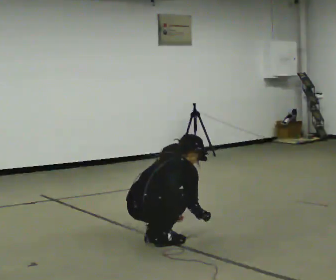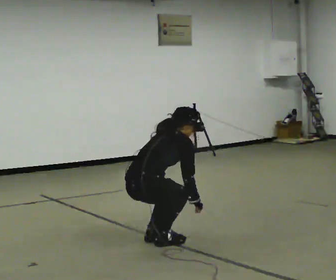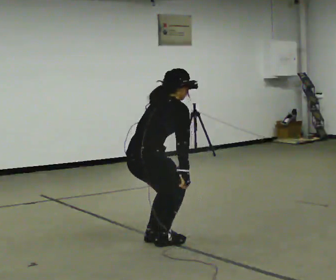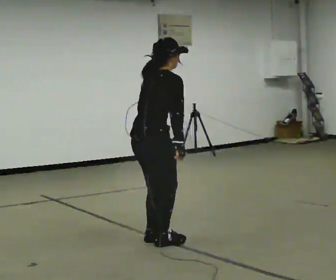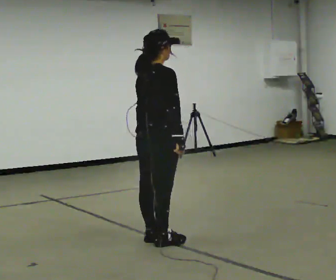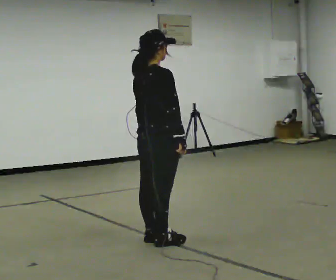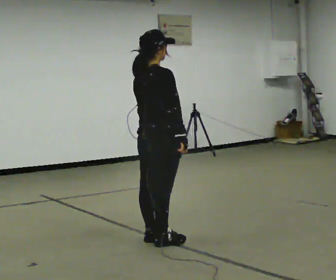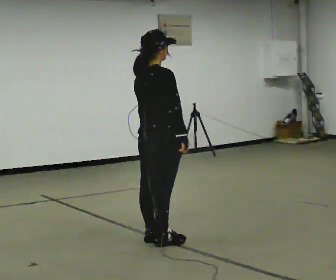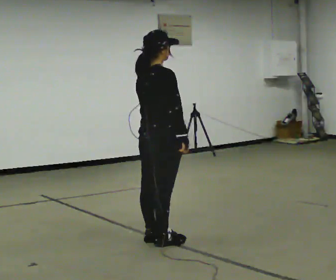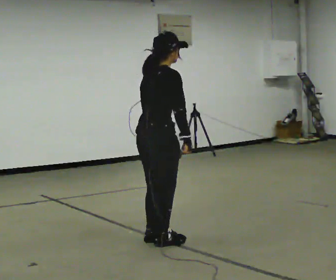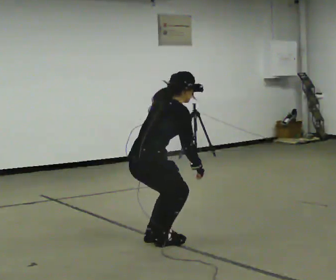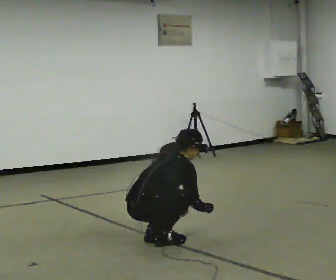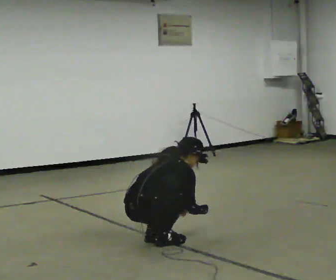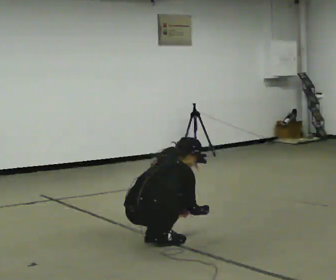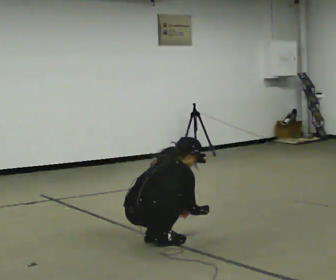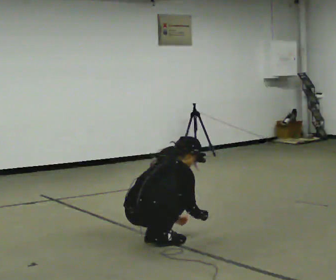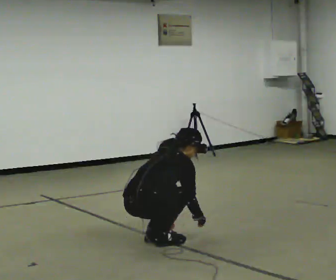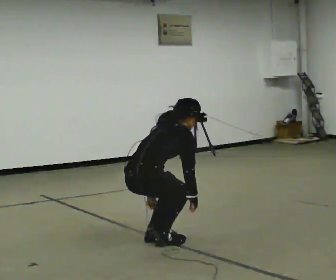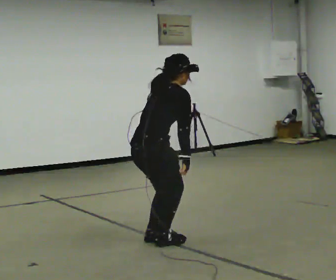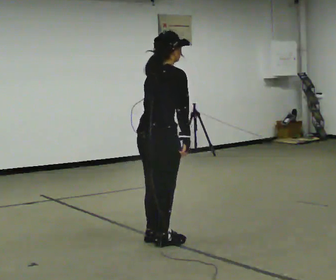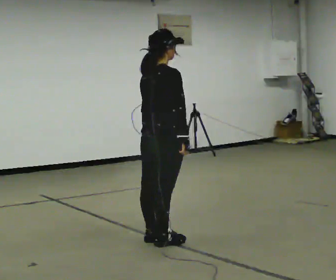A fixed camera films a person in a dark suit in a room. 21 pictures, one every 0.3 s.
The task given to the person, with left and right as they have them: Squat down as far as is comfortable, then stand back up. Repeat the movement at your own pace until the operator says stop; do not rush.
0.0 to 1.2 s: The upper body goes upward. In the picture the upper body tilts counterclockwise, shoulders to the left, as they lean back or straighten. In the picture their right hand goes upward.
1.2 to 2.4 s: The person moves a little, or ends about where they began.
2.4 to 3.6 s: In the picture they go to the left, about 0.25 m, which for them is backward. The shoulders move downward. In the picture the upper body tilts clockwise, shoulders to the right, as they bend forward. In the picture their right hand goes downward.
3.6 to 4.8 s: The person moves a little, or ends about where they began.
4.8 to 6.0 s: In the picture they go to the right, about 0.25 m, which for them is forward. The upper body goes upward. In the picture the upper body tilts counterclockwise, shoulders to the left, as they lean back or straighten. In the picture their right hand goes upward.
The film runs forward here.
